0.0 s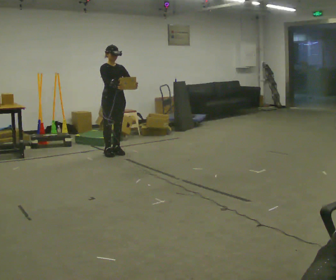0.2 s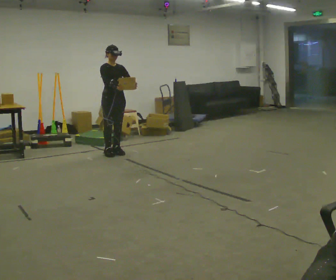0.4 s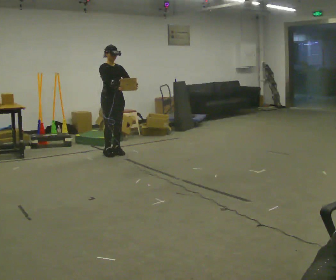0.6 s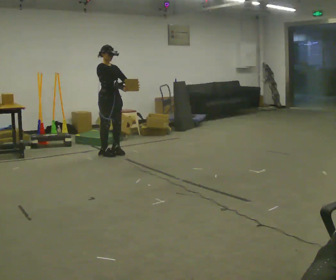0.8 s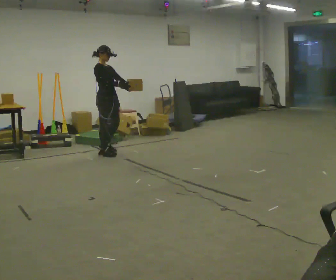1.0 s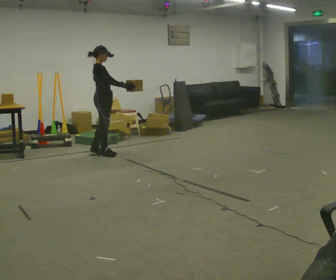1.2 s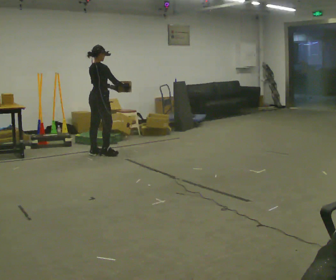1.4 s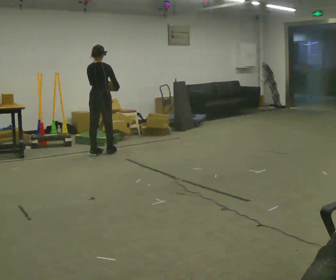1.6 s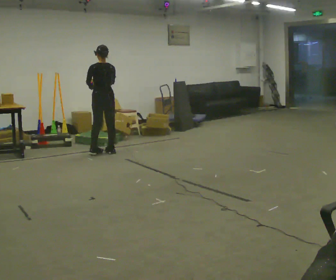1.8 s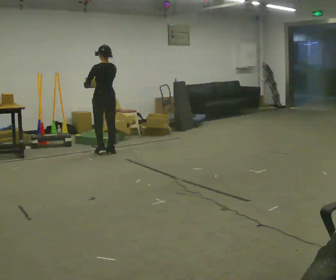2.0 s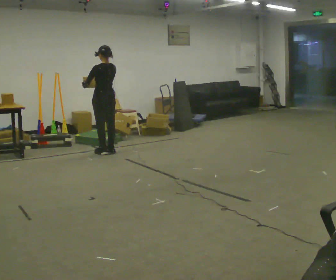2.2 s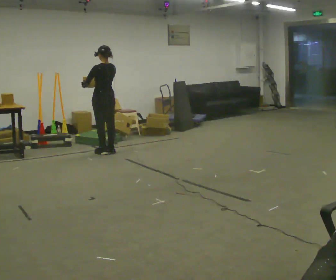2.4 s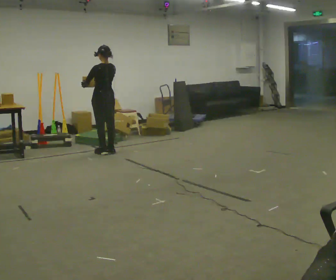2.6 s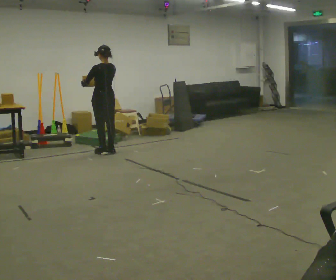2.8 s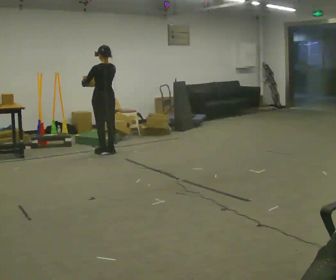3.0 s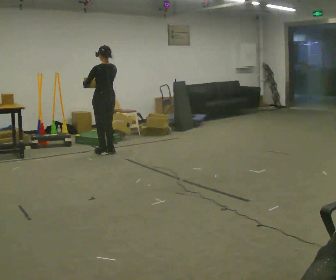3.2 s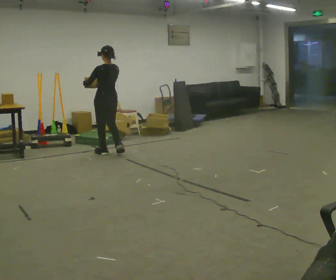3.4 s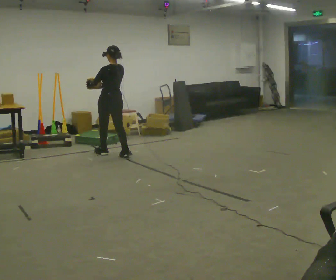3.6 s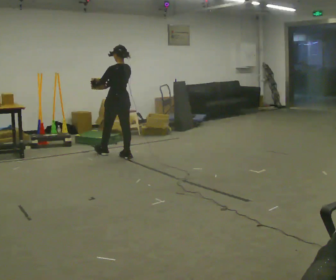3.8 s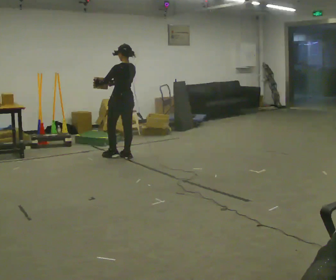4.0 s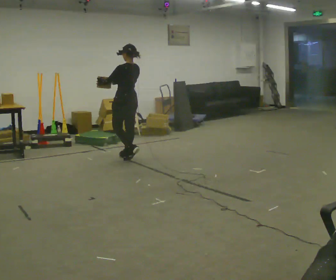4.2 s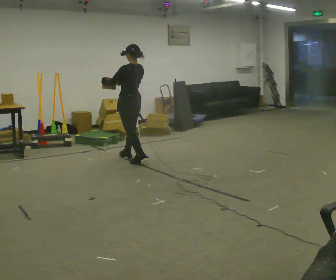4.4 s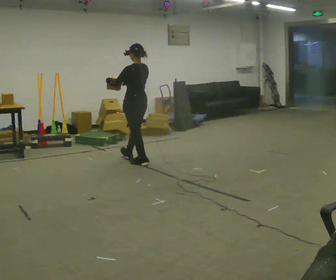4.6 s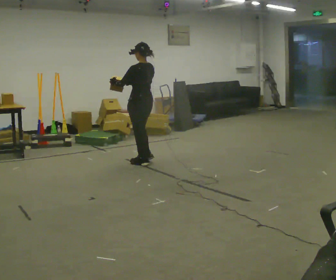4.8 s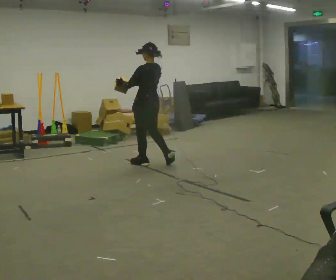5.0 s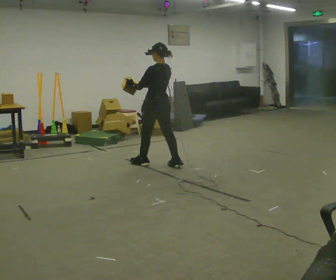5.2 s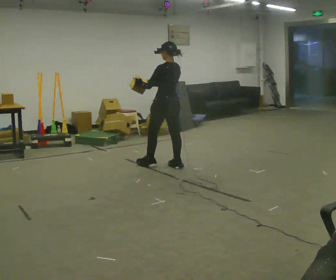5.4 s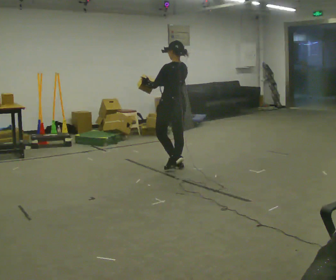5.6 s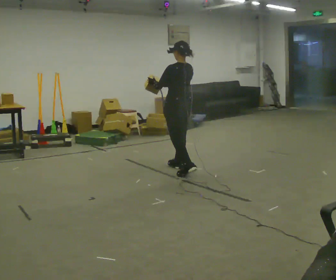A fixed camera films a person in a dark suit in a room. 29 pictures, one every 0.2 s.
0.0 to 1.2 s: The person turns about 90 degrees to their left, counterclockwise seen from above, so the part of the body nearest the lens slides to the right. In the picture they go to the left, about 0.25 m in 2 steps. In the picture their left hand goes to the left.
1.2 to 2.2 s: The part of the body nearest the lens slides to the right as the person turns to their left by about 90 degrees. In the picture their right hand goes to the left.
2.2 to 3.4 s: In the picture they go toward the camera, about 0.25 m in 1 step, which for them is backward.
3.4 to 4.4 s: In the picture they go toward the camera and to the right, about 0.5 m in 2 steps, which for them is backward.
4.4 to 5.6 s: In the picture they go to the right and toward the camera, about 0.75 m in 1 step, which for them is backward.
The film runs backward here.
